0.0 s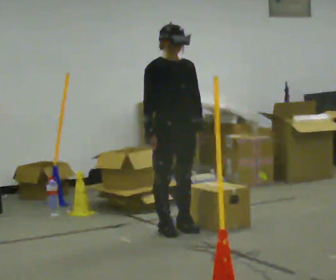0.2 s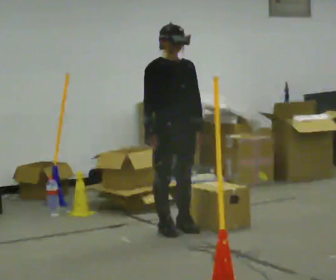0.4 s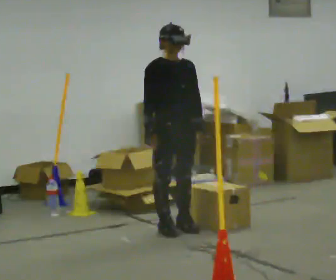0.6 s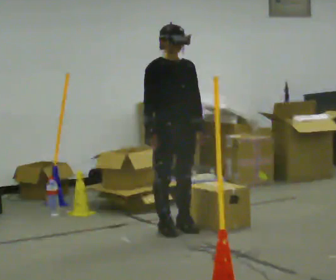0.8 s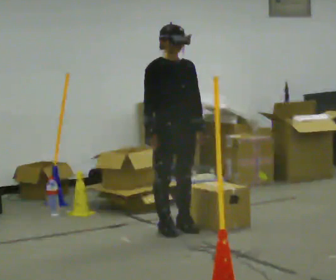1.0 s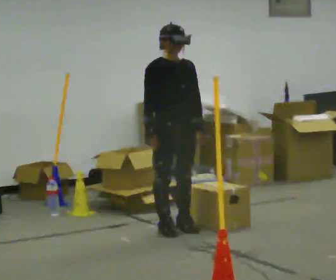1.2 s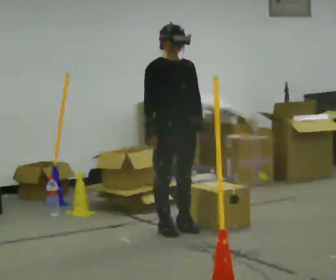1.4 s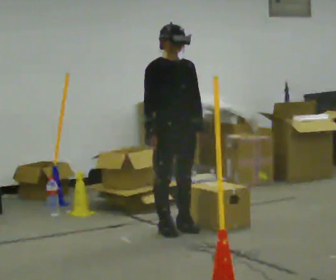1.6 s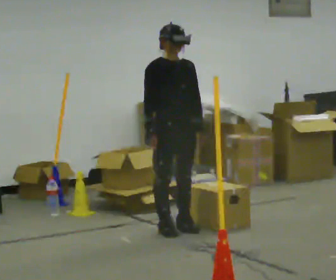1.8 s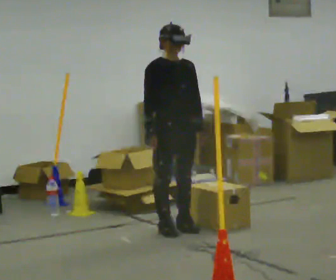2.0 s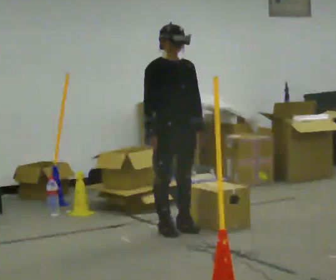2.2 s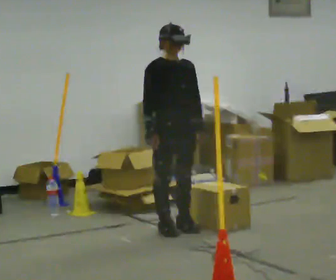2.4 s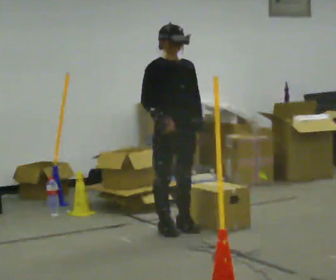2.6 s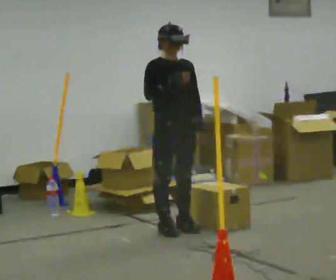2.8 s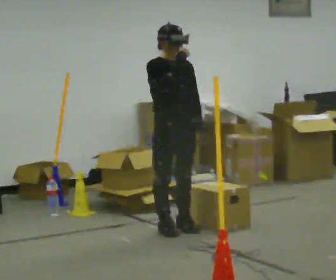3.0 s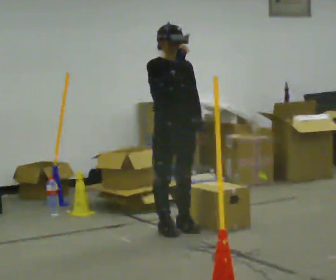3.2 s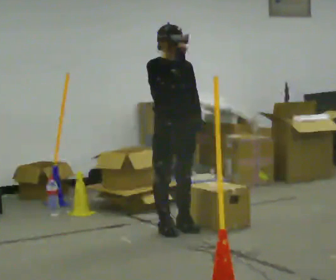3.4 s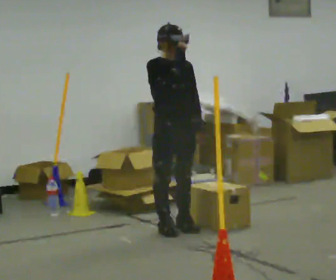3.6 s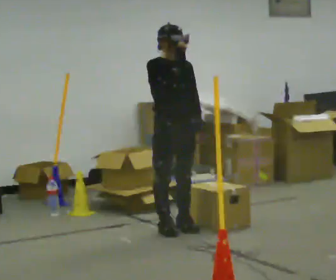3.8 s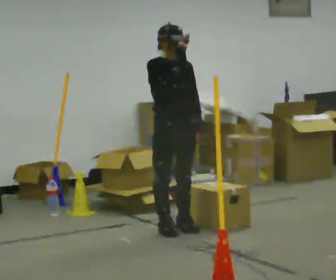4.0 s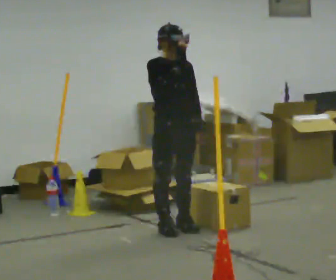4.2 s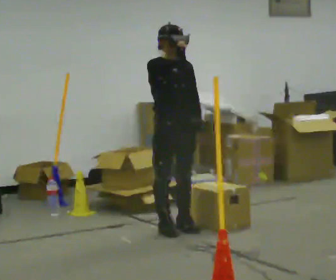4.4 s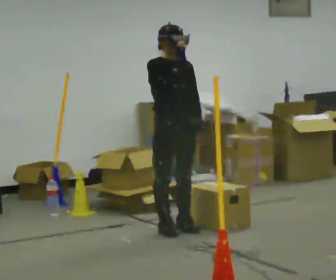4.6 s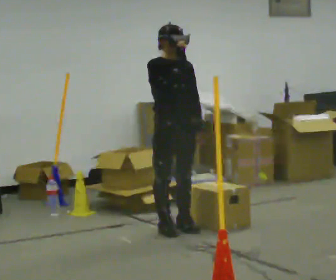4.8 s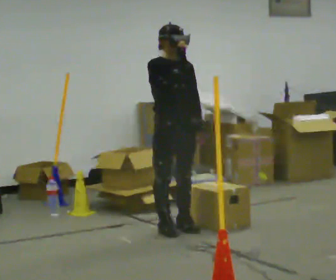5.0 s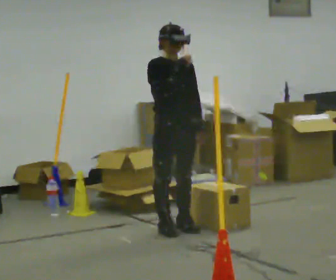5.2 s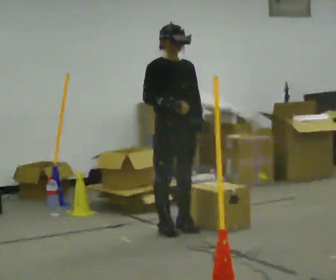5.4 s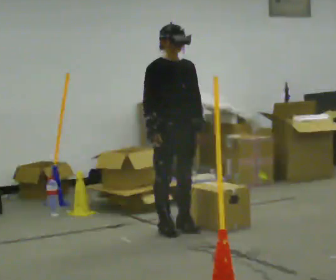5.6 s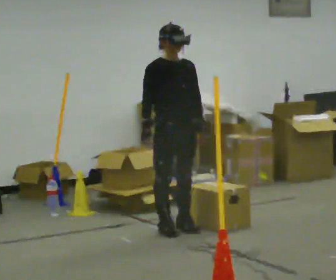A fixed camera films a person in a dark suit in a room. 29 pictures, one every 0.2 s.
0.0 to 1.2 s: The person keeps their place and pose.
1.2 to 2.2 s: The person moves a little, or ends about where they began.
2.2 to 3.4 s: In the picture their right hand goes upward.
3.4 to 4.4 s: The person keeps their place and pose.
4.4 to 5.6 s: In the picture their right hand goes downward.
The film runs forward here.
